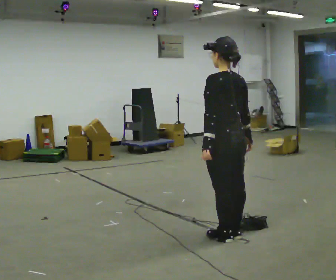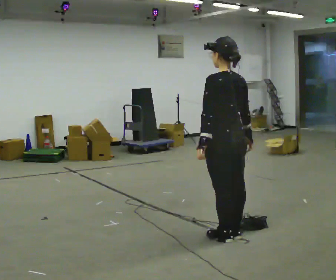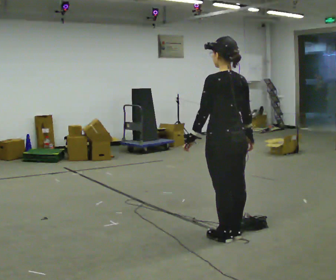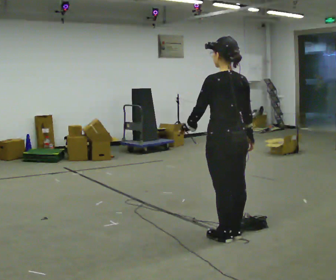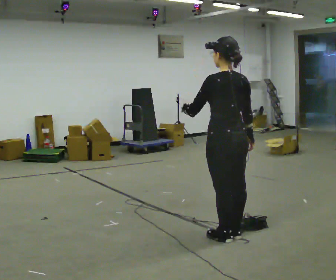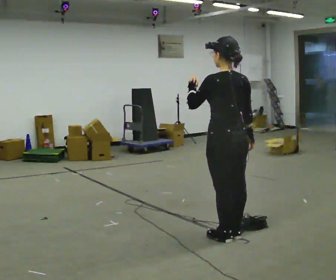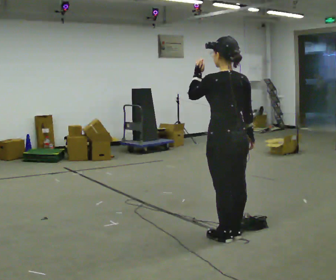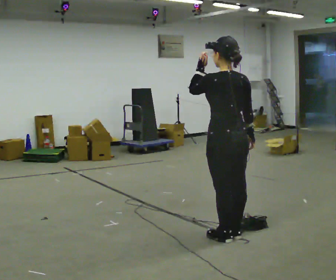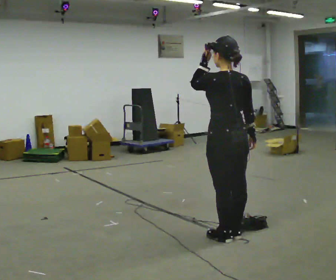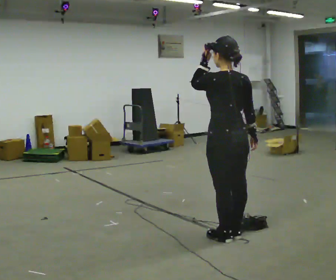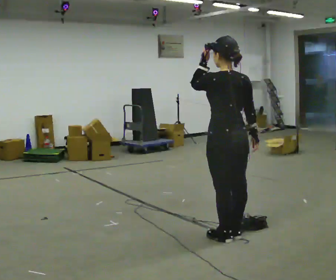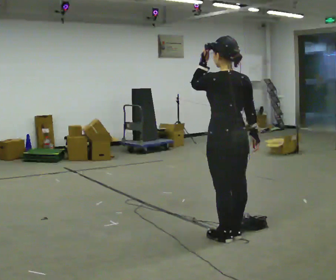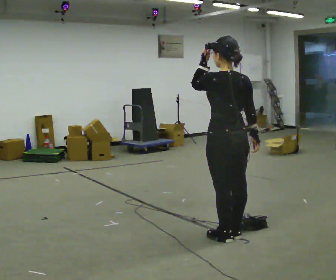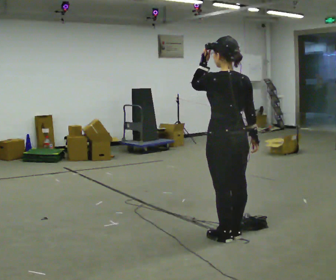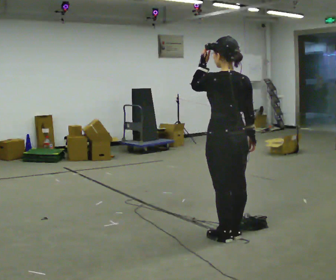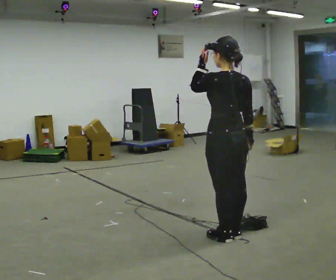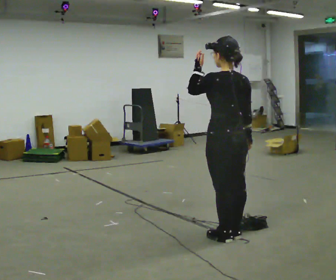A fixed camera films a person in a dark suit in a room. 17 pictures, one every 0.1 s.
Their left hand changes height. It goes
upward.
0.0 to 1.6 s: In the picture their left hand goes upward.
The film runs backward here.
